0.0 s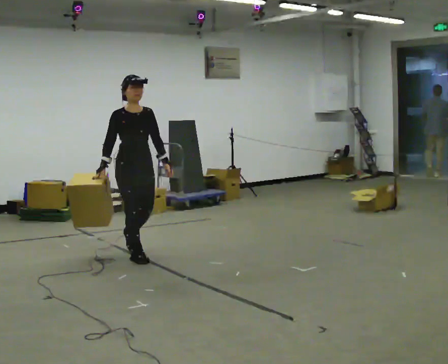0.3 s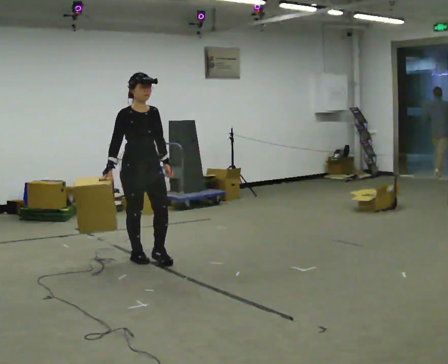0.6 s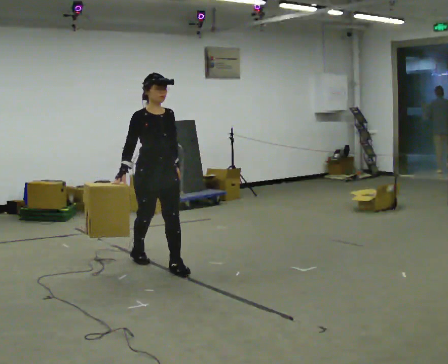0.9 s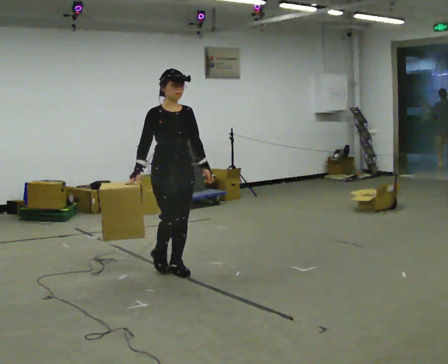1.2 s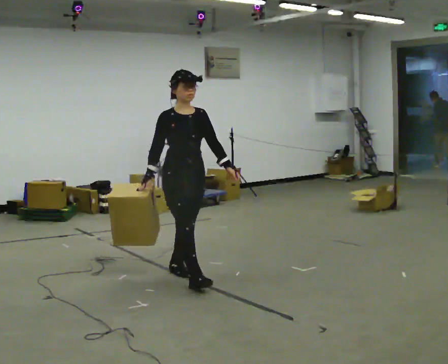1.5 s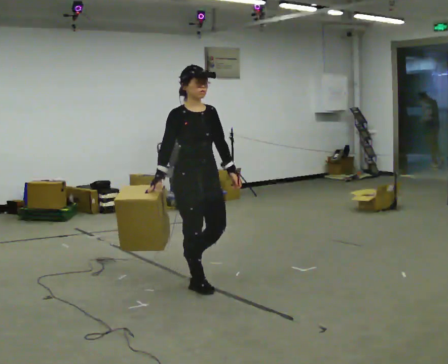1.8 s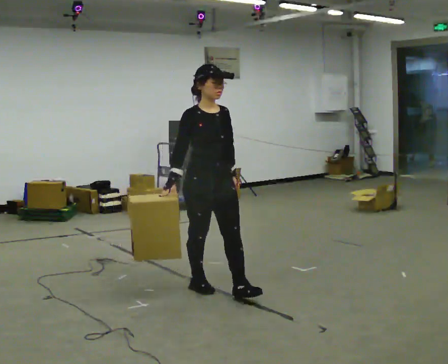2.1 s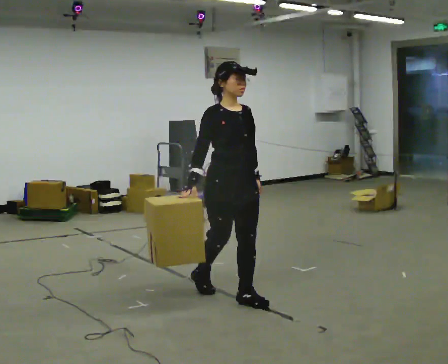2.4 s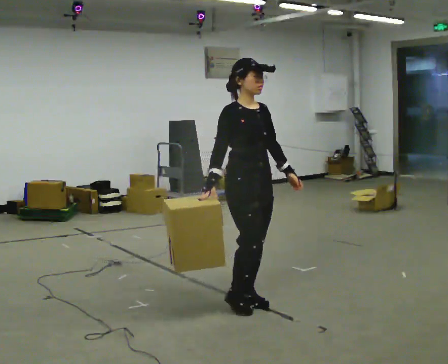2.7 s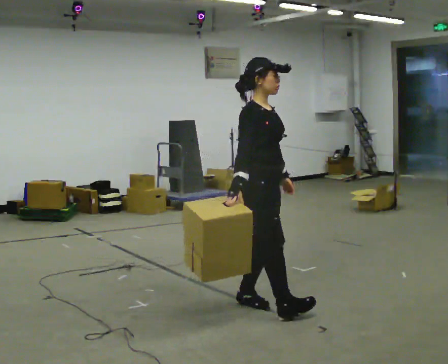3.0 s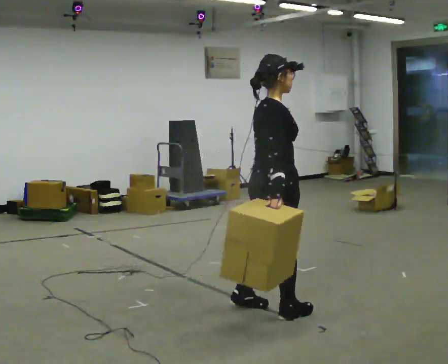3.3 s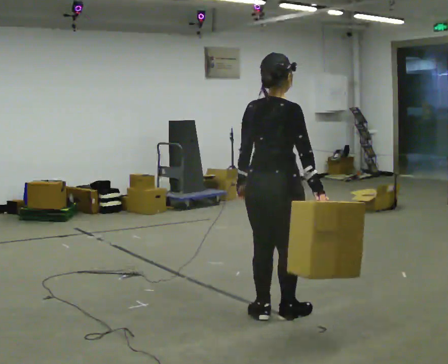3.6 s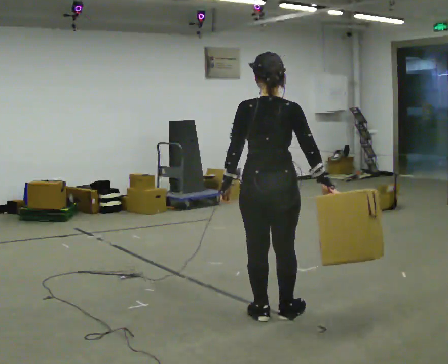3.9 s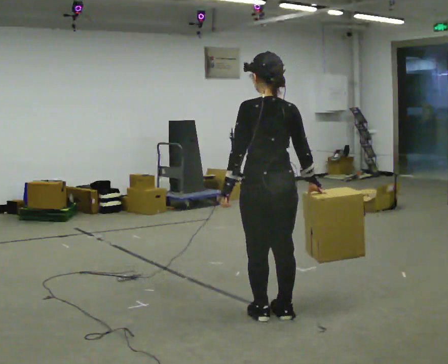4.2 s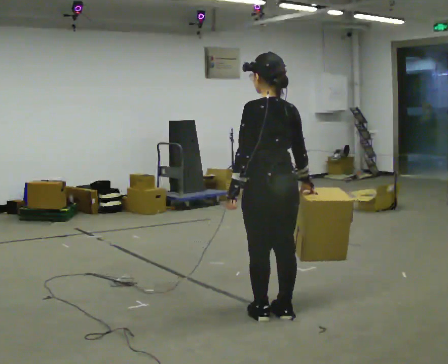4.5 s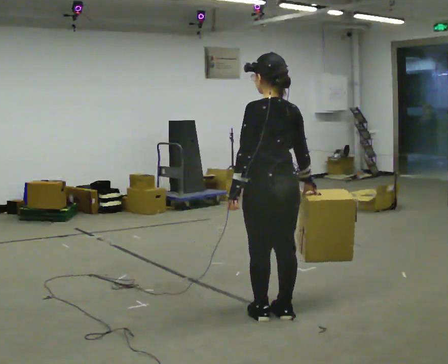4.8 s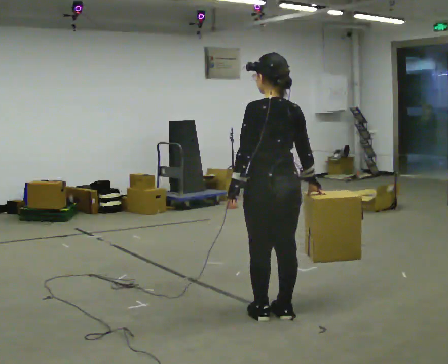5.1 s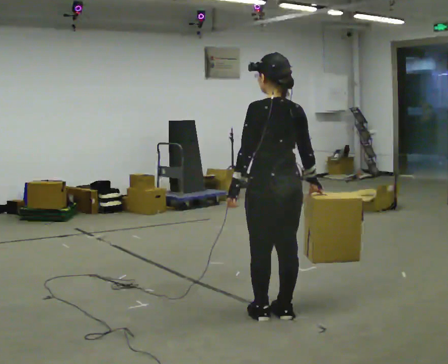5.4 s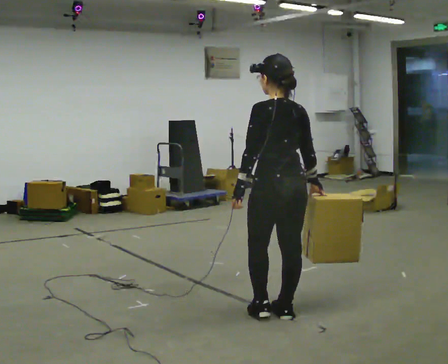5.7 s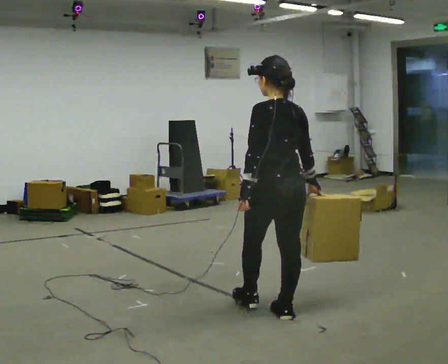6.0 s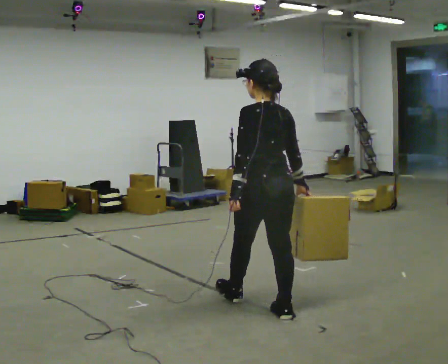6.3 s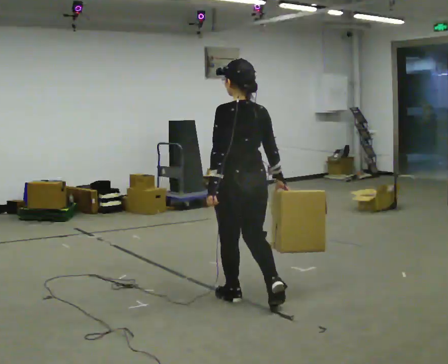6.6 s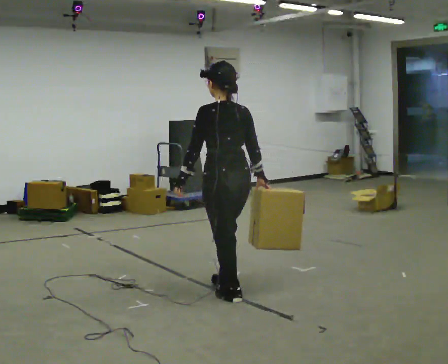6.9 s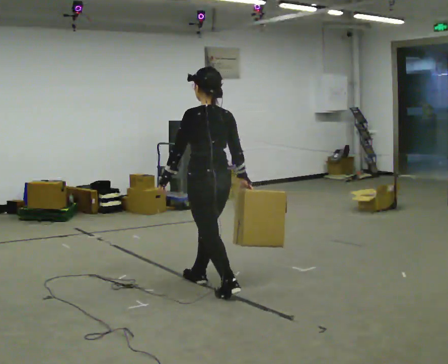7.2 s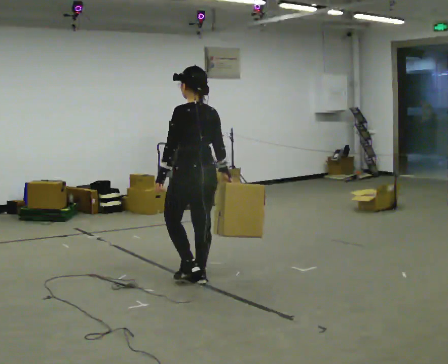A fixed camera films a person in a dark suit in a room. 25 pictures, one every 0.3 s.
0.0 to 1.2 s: In the picture they go to the right and toward the camera, about 1 m in 1 step, which for them is forward.
1.2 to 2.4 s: In the picture they go to the right and toward the camera, about 1 m in 2 steps, which for them is forward.
2.4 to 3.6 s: The person turns about 135 degrees to their left, counterclockwise seen from above, so the part of the body nearest the lens slides to the right. In the picture they go toward the camera and to the right, about 0.25 m in 2 steps.
3.6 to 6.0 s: Seen from above the body turns counterclockwise, about 30 degrees: to their left, with its near side sliding to the right.
6.0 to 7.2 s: In the picture they go to the left and away from the camera, about 1 m in 1 step, which for them is forward.
The film runs forward here.
